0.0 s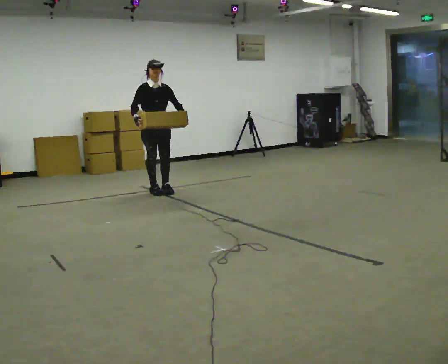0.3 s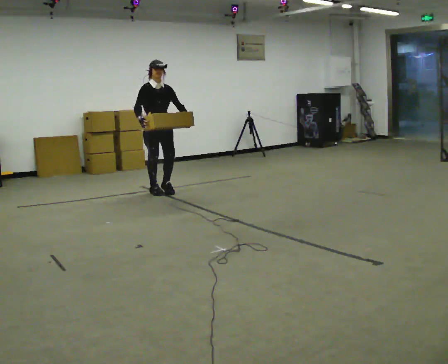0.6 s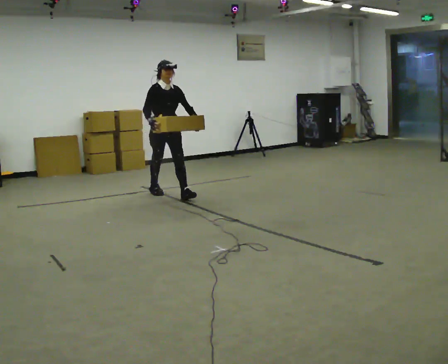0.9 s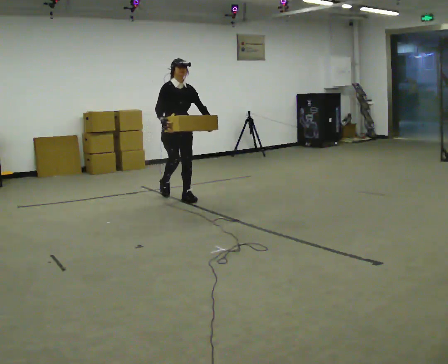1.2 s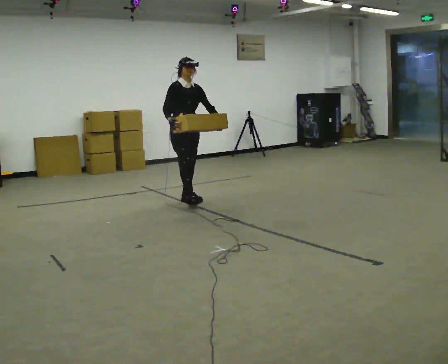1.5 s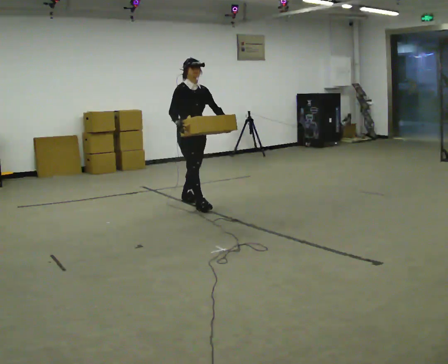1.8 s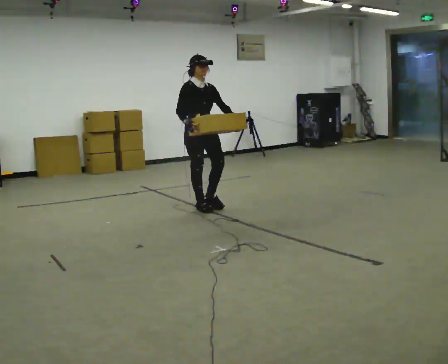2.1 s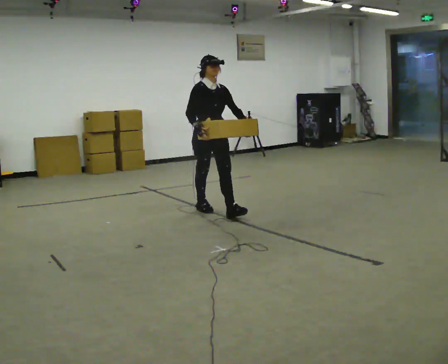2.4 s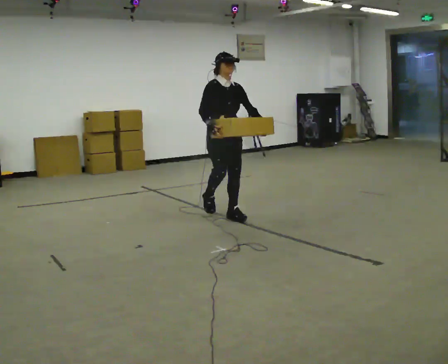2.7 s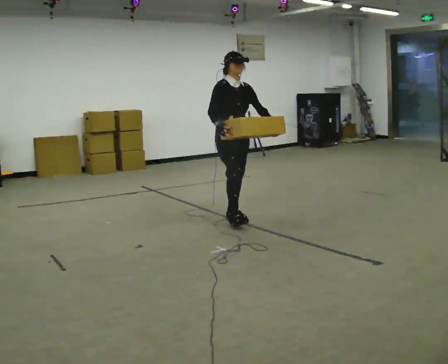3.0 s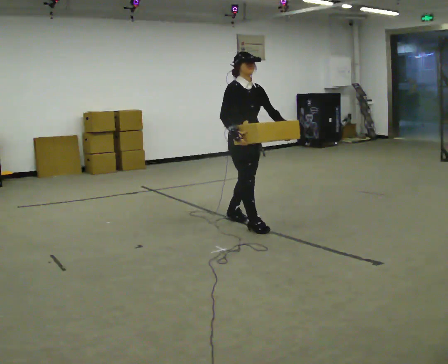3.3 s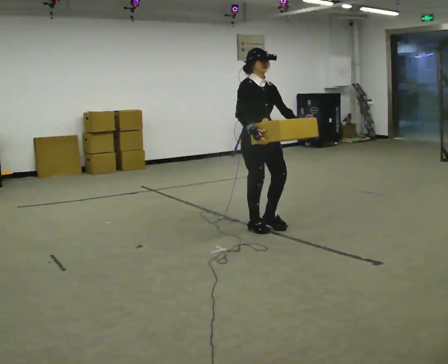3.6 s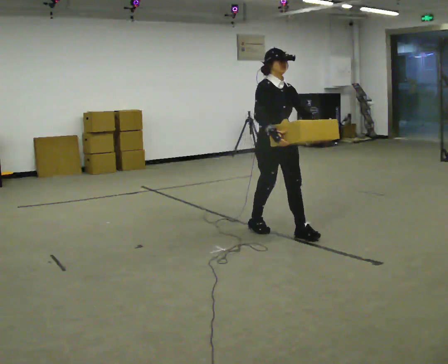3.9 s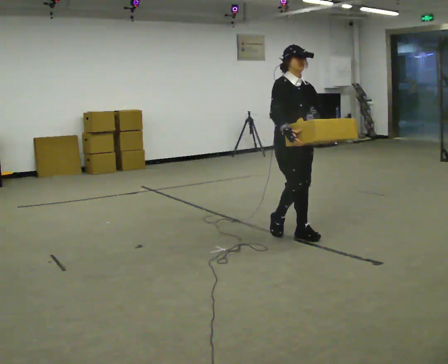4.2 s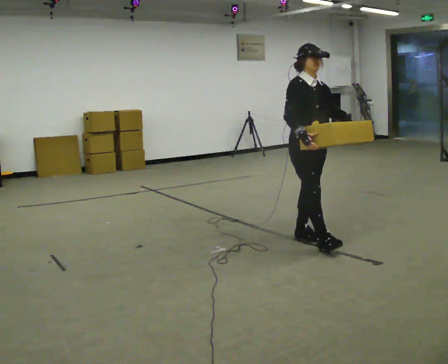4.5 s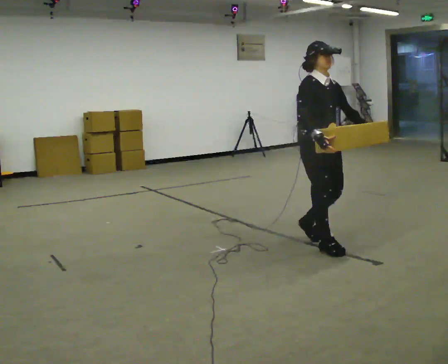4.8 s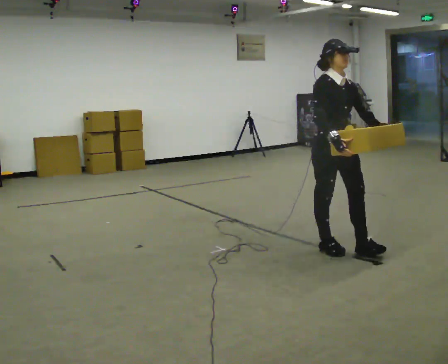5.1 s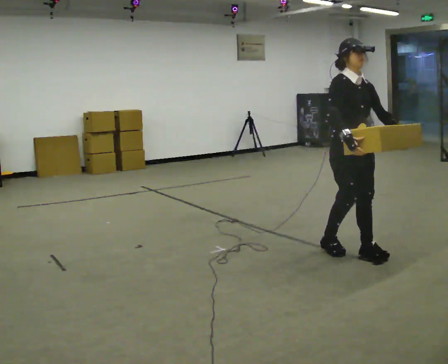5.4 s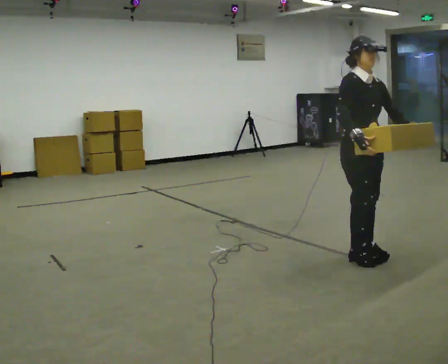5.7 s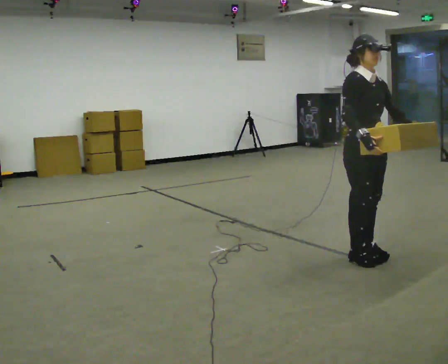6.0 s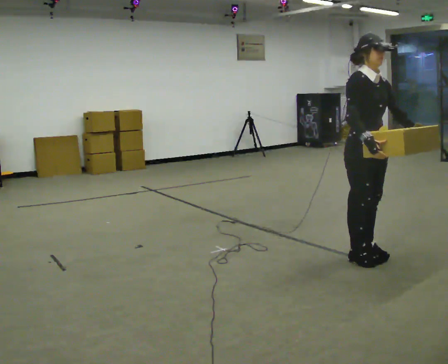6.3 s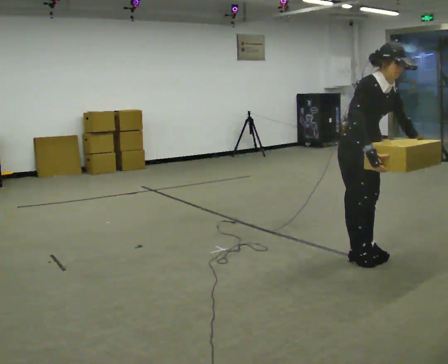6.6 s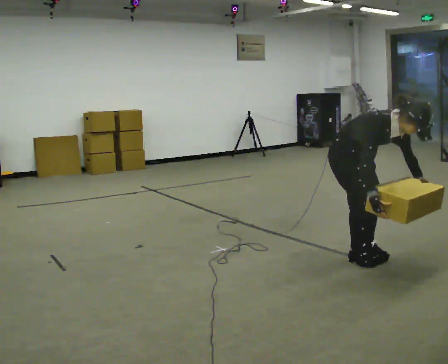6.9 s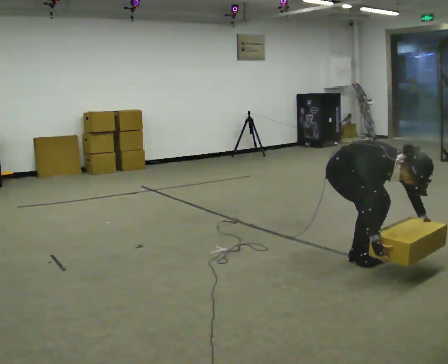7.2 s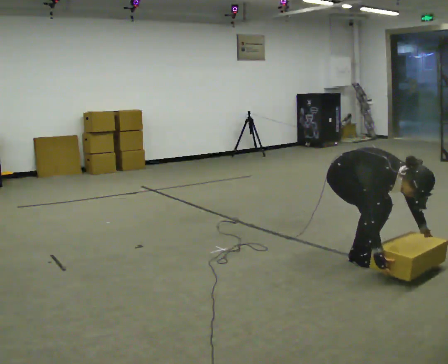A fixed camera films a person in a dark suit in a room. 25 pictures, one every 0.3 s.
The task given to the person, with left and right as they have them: Carry the medium box in both hands in front of you, walking back and forth across the room. Keep walking until the operator says stop.
0.0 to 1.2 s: In the picture they go to the right and toward the camera, about 0.5 m in 1 step, which for them is forward.
1.2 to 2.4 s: In the picture they go toward the camera and to the right, about 1 m in 2 steps, which for them is forward.
2.4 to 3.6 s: In the picture they go toward the camera and to the right, about 1 m in 2 steps, which for them is forward.
3.6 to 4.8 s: In the picture they go toward the camera and to the right, about 0.75 m in 1 step, which for them is forward.
4.8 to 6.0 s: In the picture they go toward the camera and to the right, about 0.25 m in 2 steps, which for them is forward.
6.0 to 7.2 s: The shoulders move downward. The upper body tips toward the camera, its near side rolling downward, as they bend forward. In the picture their right hand goes downward.
The film runs forward here.
